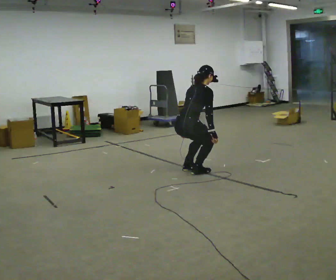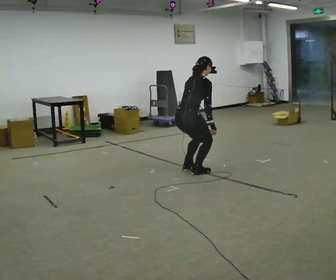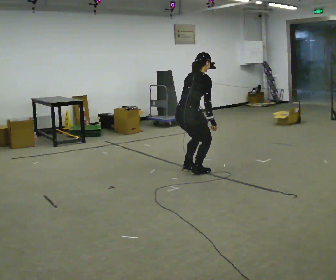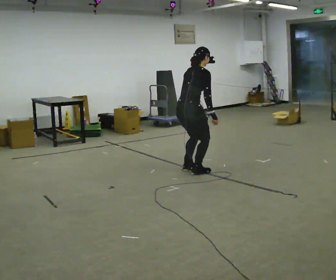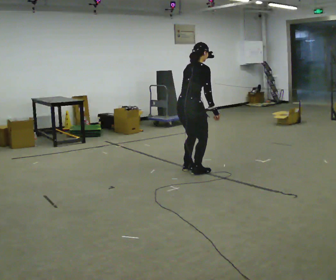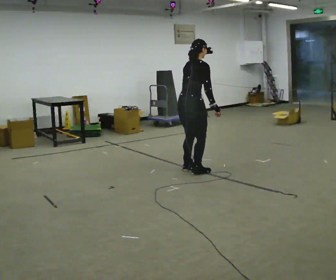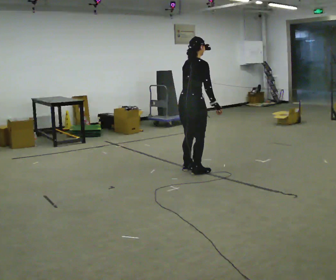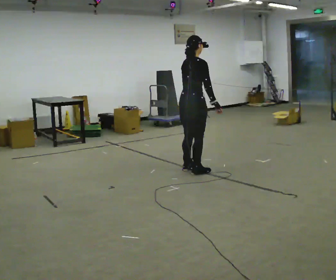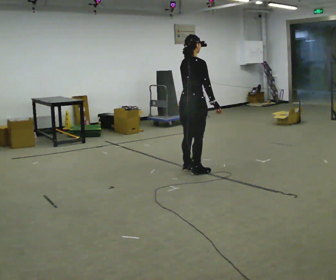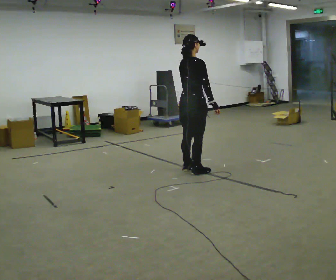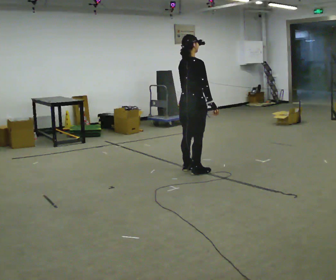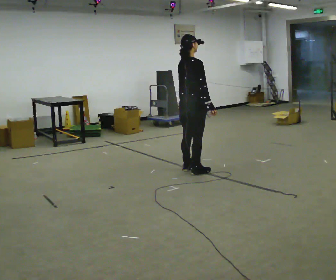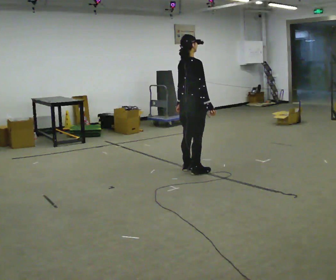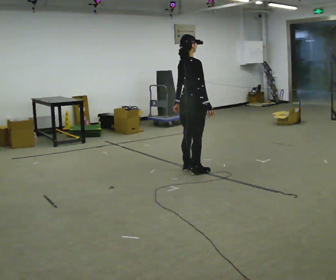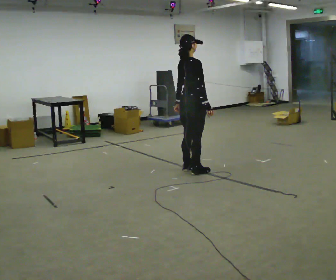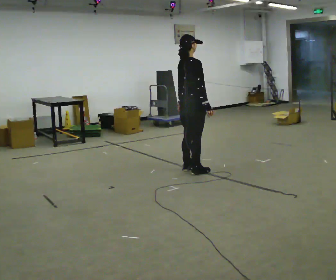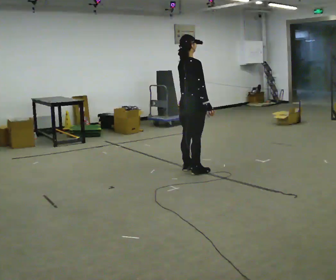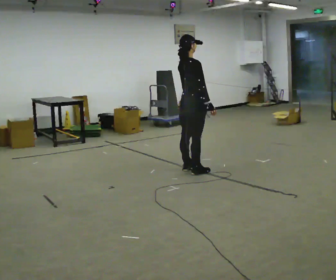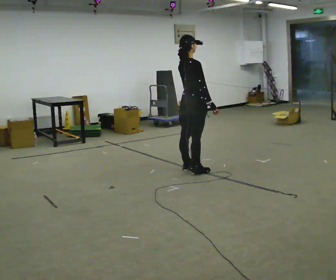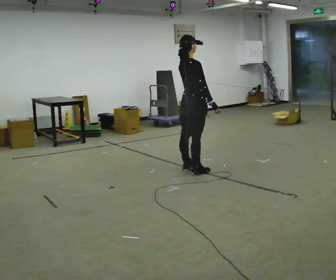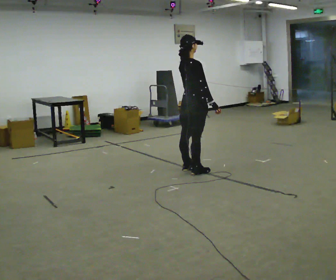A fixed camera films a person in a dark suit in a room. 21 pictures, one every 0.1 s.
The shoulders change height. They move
upward.
0.0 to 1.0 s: The shoulders move upward. In the picture the upper body tilts counterclockwise, shoulders to the left, as they lean back or straighten. In the picture their left hand goes upward.
1.0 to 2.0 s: The person moves a little, or ends about where they began.
The film runs backward here.
